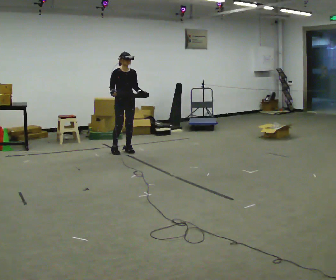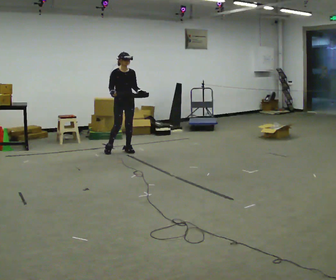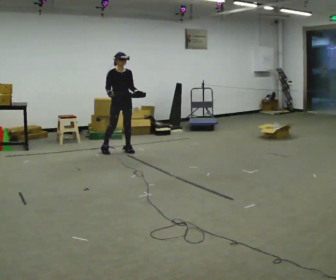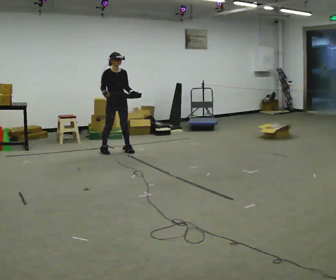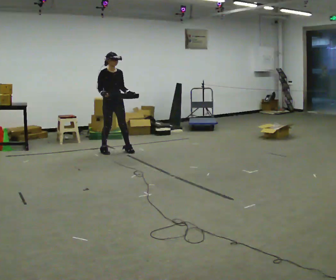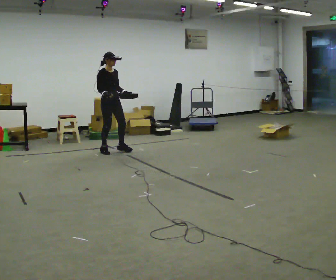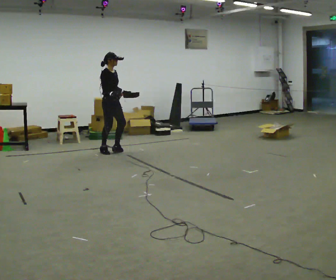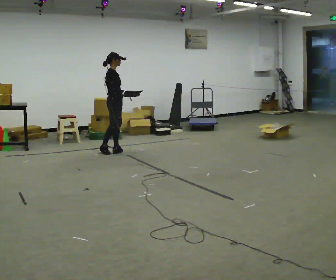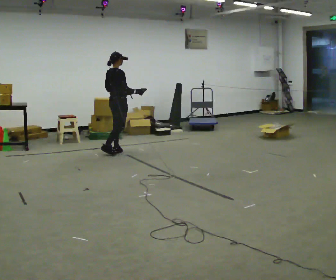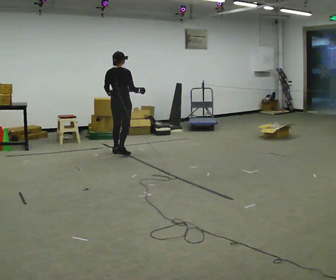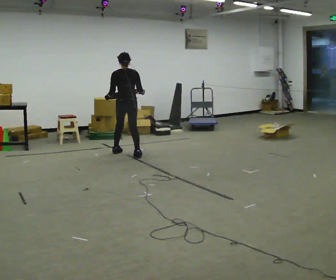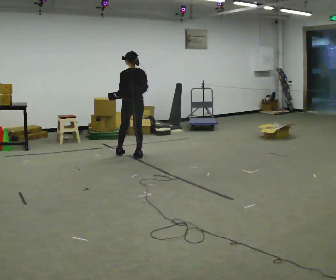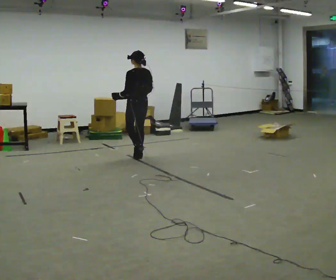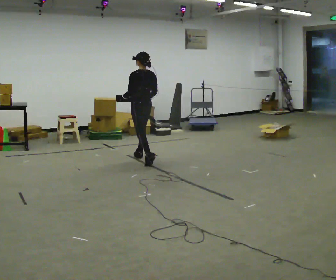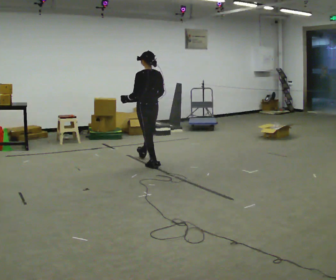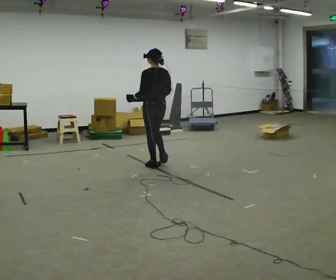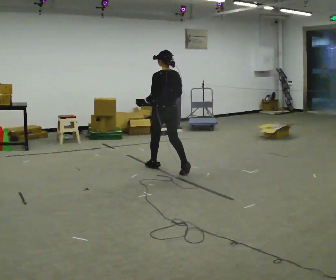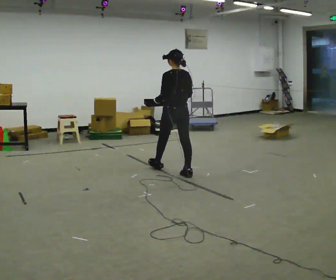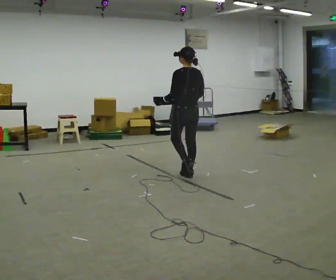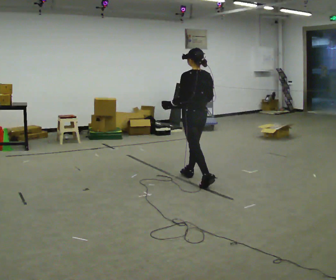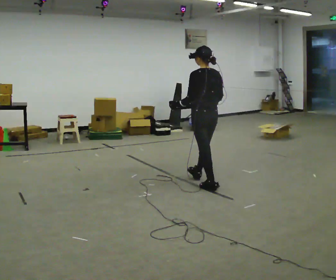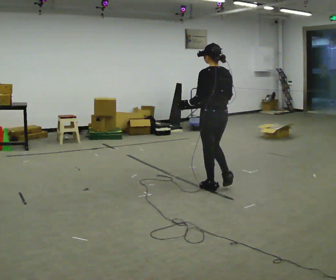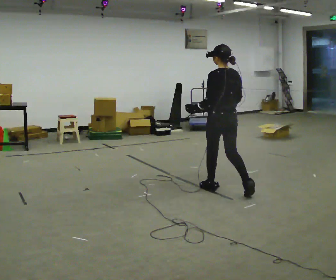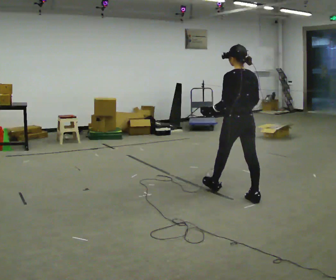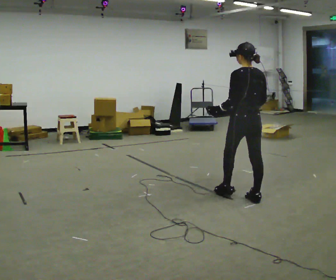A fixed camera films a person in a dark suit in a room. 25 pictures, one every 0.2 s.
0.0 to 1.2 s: The person turns about 45 degrees to their left, counterclockwise seen from above, so the part of the body nearest the lens slides to the right. In the picture they go to the left, about 0.25 m in 2 steps, which for them is to their right.
1.2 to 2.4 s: The part of the body nearest the lens slides to the right as the person turns to their left by about 150 degrees. In the picture they go to the right and toward the camera, about 0.5 m in 2 steps.
2.4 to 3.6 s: In the picture they go toward the camera and to the right, about 1 m in 2 steps, which for them is backward.
3.6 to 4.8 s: In the picture they go toward the camera and to the right, about 1 m in 2 steps, which for them is backward.
The film runs backward here.
